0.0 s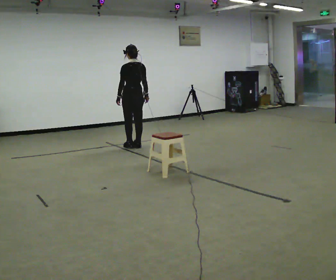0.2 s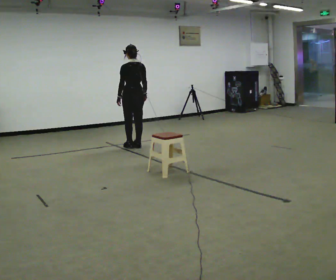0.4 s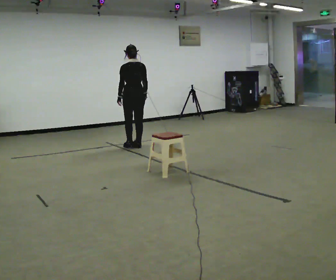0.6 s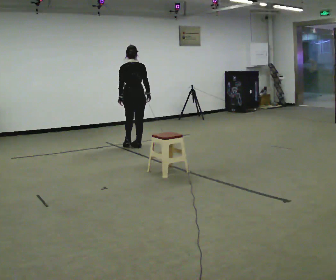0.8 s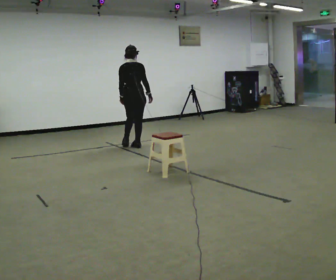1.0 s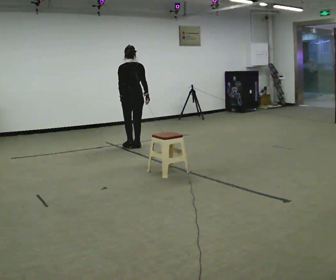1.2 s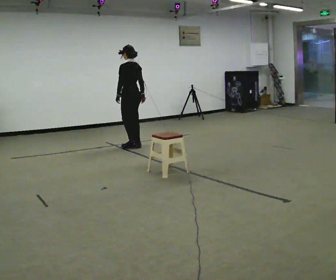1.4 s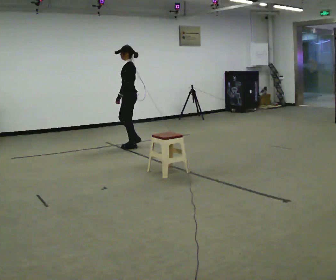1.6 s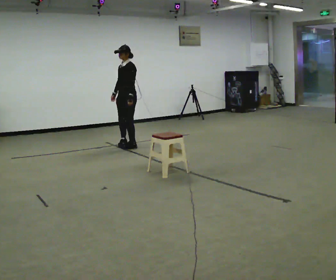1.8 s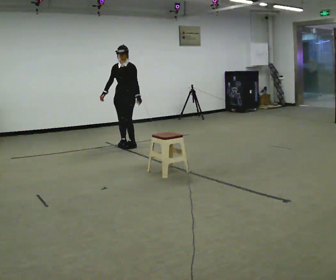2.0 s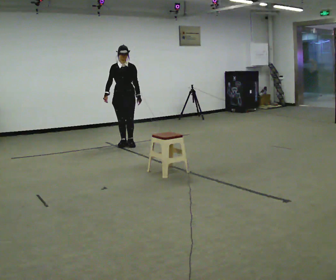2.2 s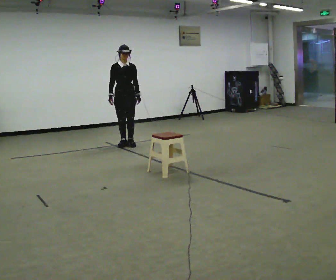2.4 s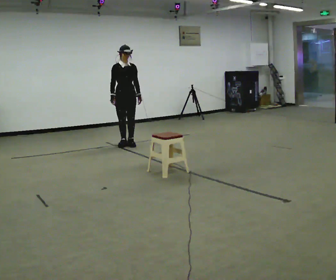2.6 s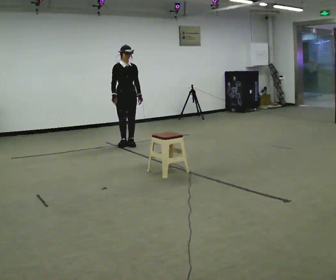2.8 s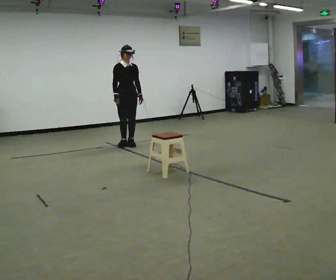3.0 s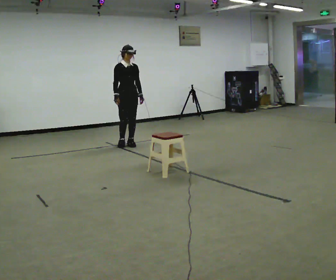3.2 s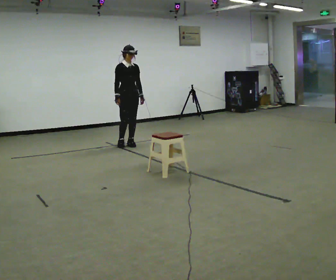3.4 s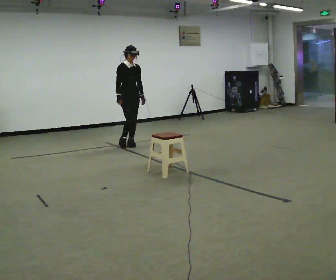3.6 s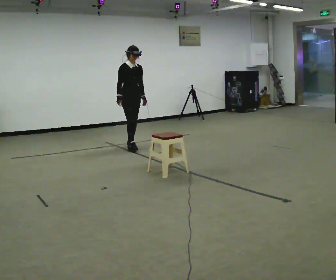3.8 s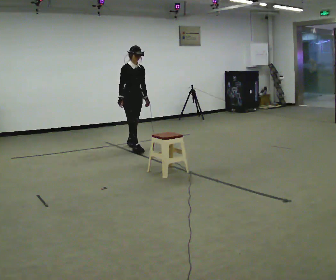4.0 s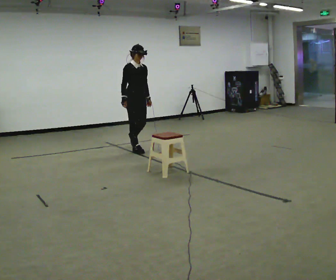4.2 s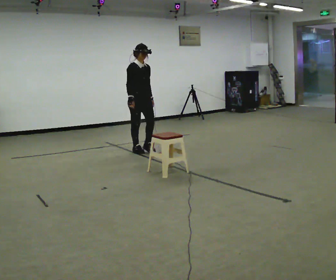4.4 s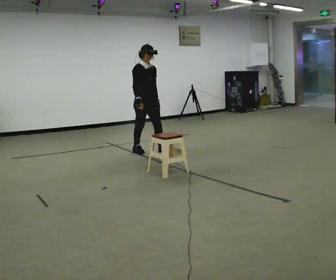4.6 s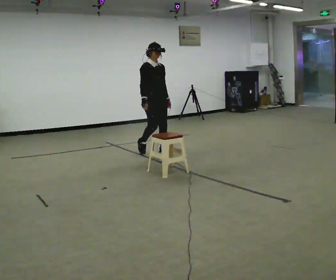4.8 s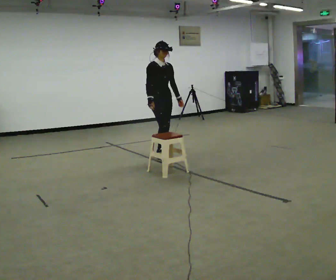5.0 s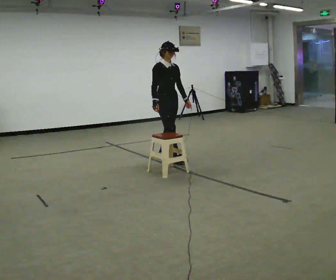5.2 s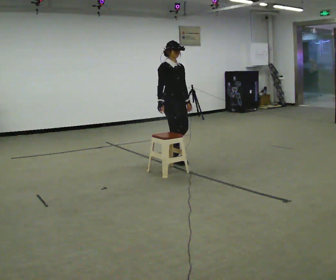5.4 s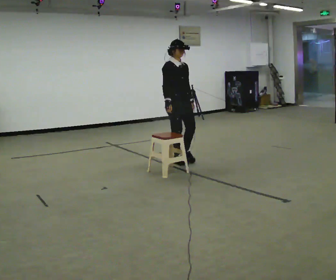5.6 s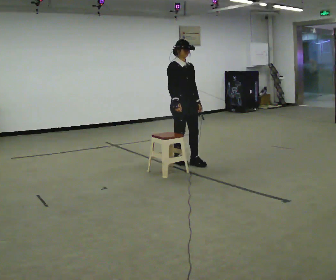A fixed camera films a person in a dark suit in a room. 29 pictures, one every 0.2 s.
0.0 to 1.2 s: The person moves a little, or ends about where they began.
1.2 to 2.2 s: The part of the body nearest the lens slides to the right as the person turns to their left by about 150 degrees. In the picture their right hand goes to the left.
2.2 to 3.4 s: The person moves a little, or ends about where they began.
3.4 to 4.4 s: In the picture they go toward the camera and to the right, about 0.5 m in 1 step, which for them is forward.
4.4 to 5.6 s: In the picture they go toward the camera and to the right, about 1 m in 3 steps, which for them is forward.
The film runs forward here.
